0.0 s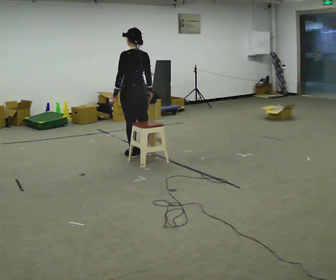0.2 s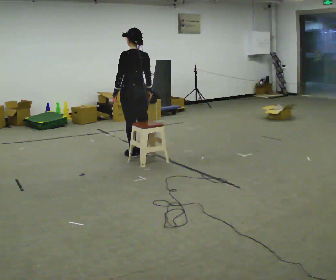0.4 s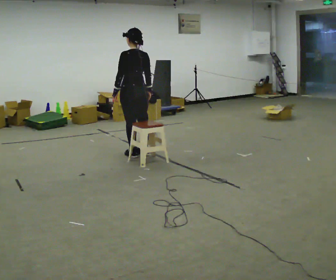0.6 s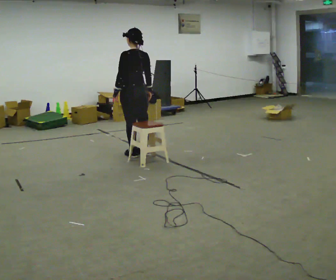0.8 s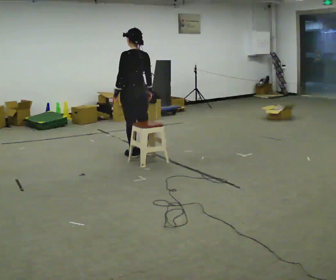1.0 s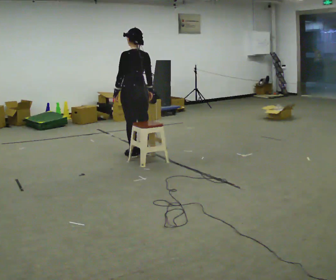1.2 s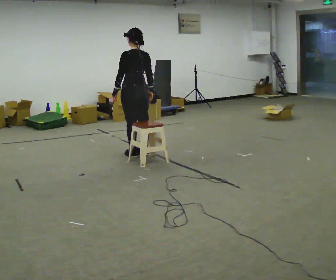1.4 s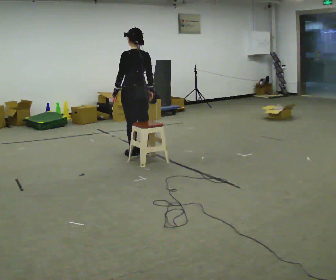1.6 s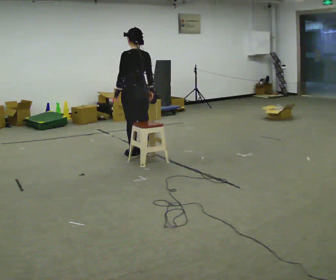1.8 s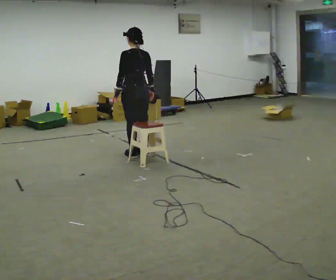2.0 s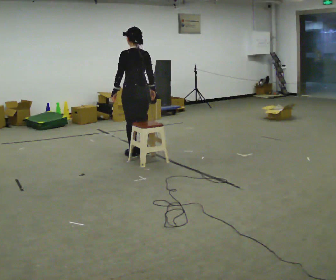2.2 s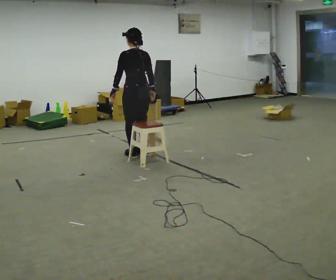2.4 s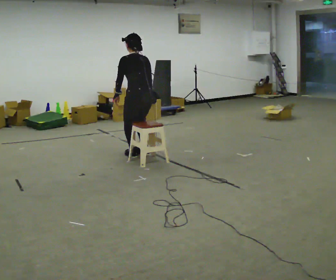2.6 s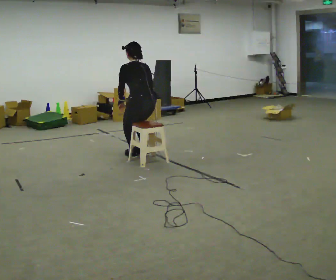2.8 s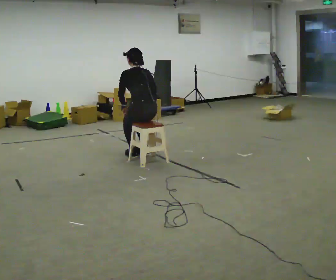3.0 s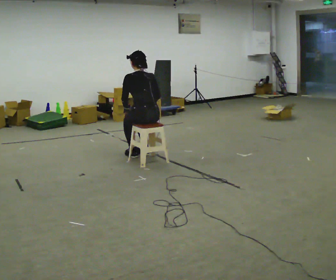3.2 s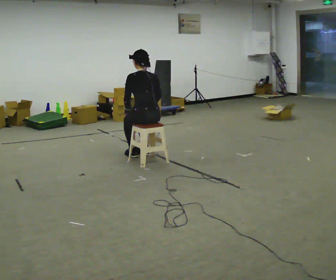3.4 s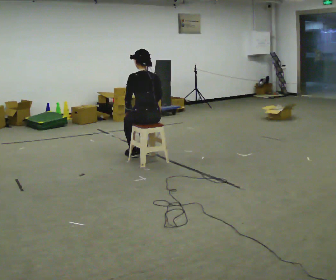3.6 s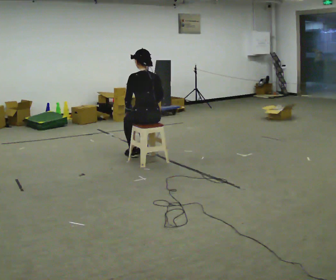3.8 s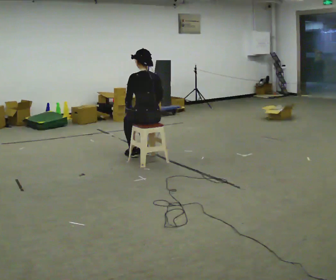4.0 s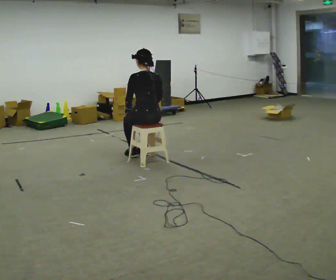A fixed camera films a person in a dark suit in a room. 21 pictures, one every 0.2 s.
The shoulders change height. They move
downward.
0.0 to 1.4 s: The person moves a little, or ends about where they began.
1.4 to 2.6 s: In the picture they go toward the camera, about 0.25 m, which for them is backward. The shoulders move downward. The upper body tips away from the camera, its near side rolling upward, as they bend forward.
2.6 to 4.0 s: The person moves a little, or ends about where they began.
The film runs backward here.
